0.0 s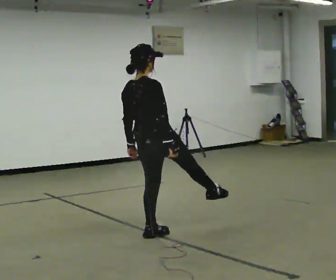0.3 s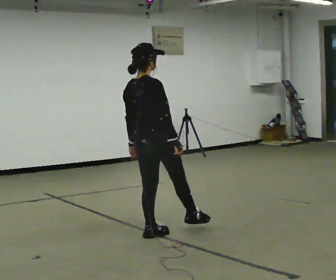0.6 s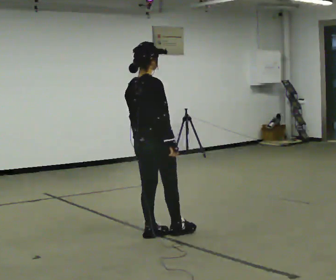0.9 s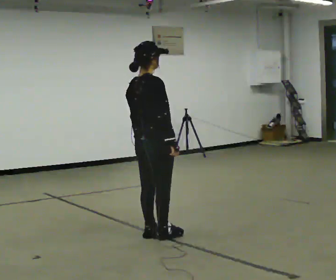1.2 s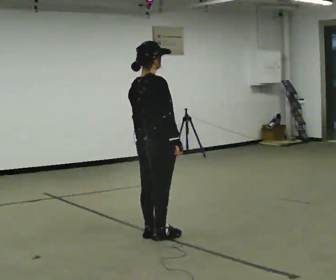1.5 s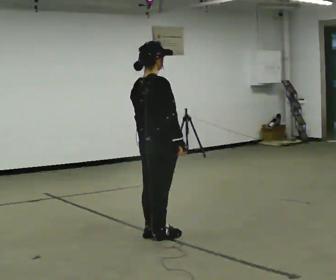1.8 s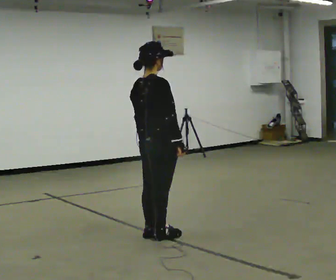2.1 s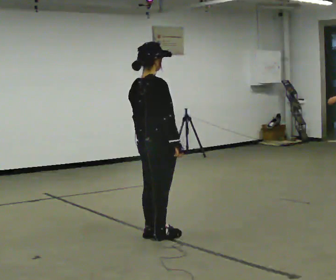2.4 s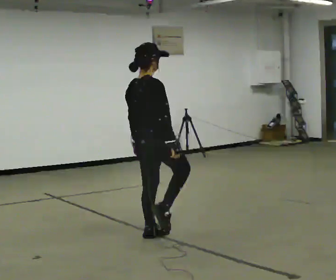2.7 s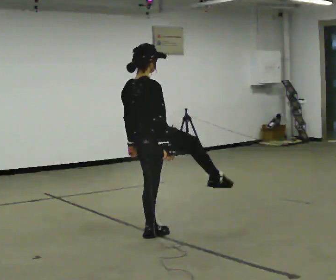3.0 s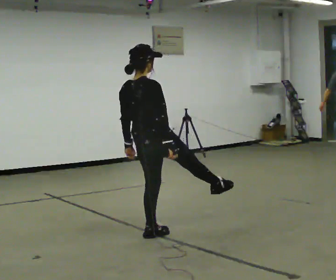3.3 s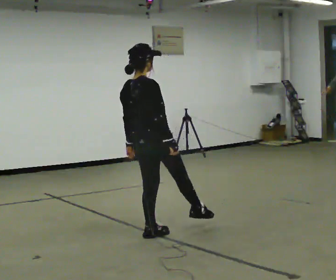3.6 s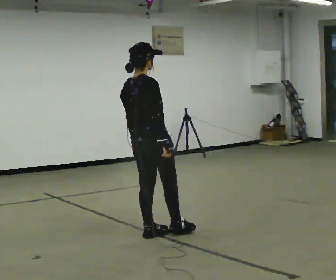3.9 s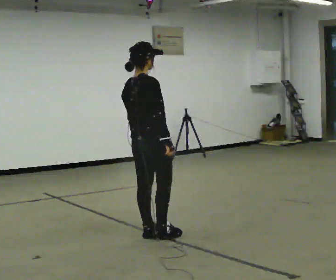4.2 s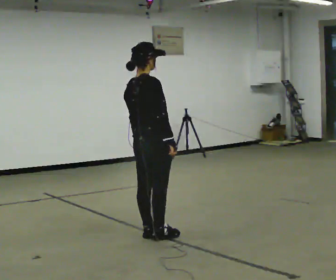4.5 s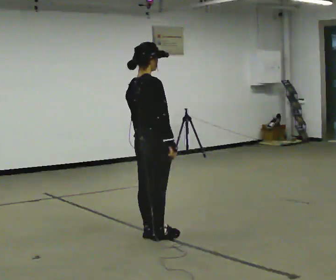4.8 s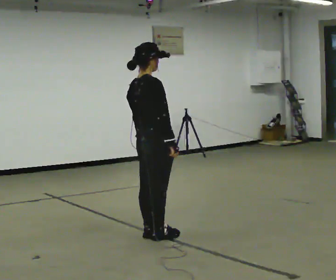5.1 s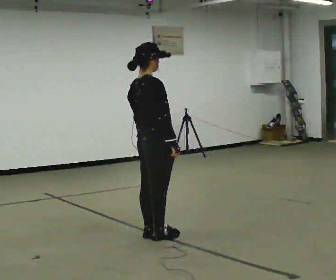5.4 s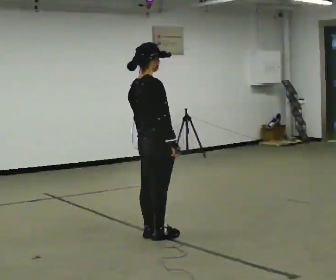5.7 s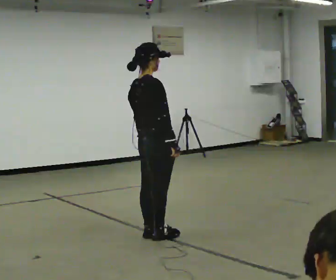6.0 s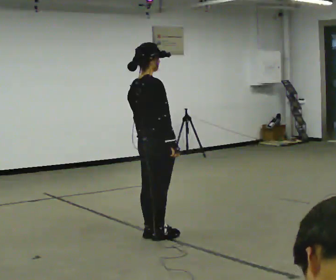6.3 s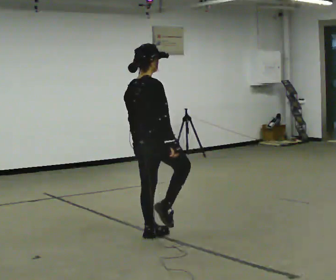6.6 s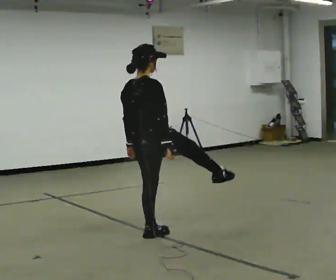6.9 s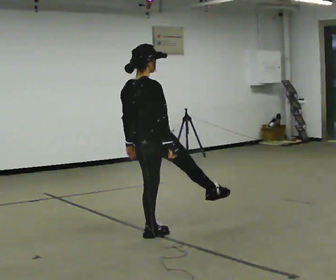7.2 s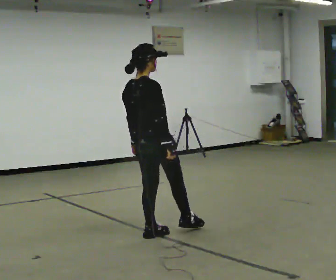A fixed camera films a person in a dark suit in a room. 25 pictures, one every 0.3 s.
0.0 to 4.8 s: The person moves a little, or ends about where they began.
4.8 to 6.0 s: The person keeps their place and pose.
6.0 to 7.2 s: The person moves a little, or ends about where they began.
The film runs forward here.
